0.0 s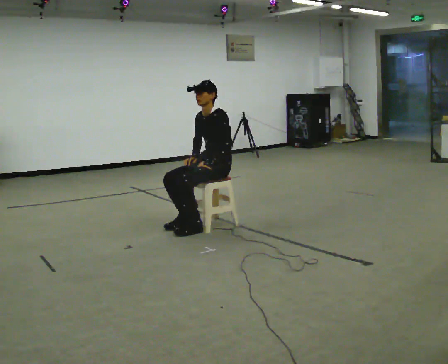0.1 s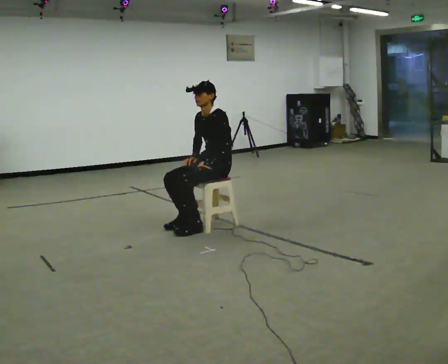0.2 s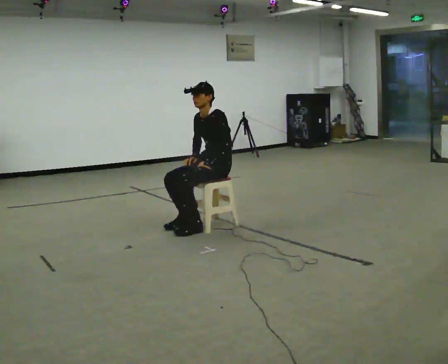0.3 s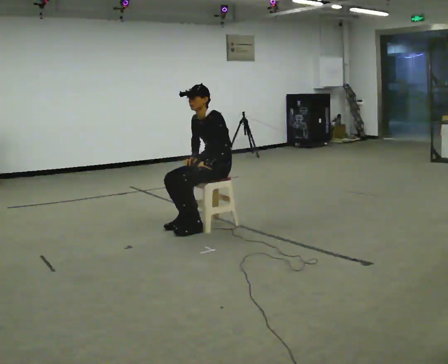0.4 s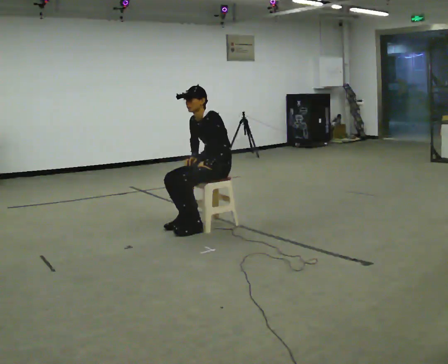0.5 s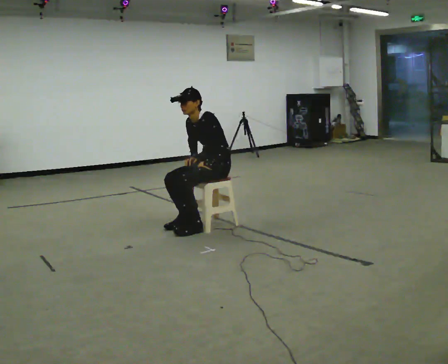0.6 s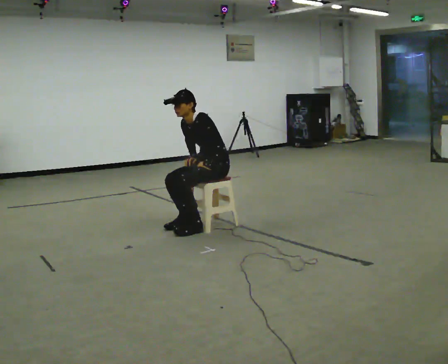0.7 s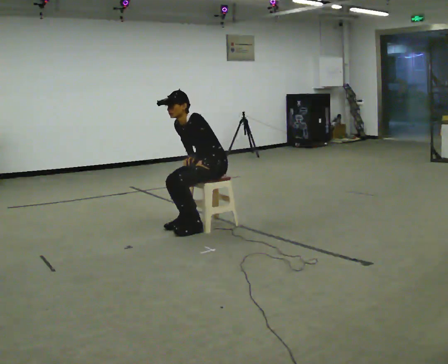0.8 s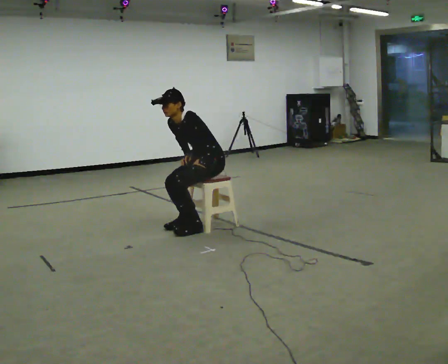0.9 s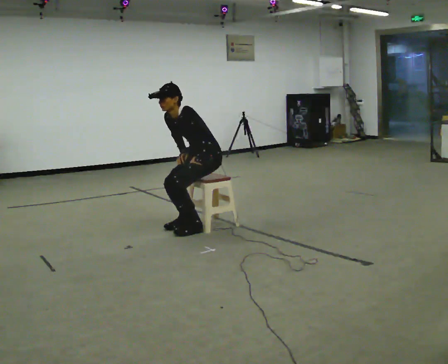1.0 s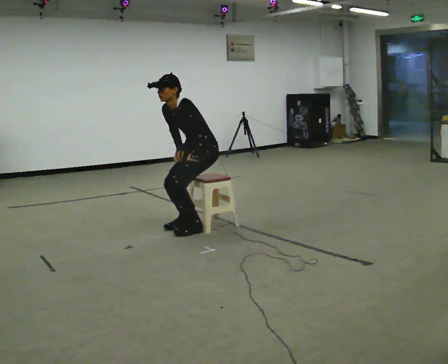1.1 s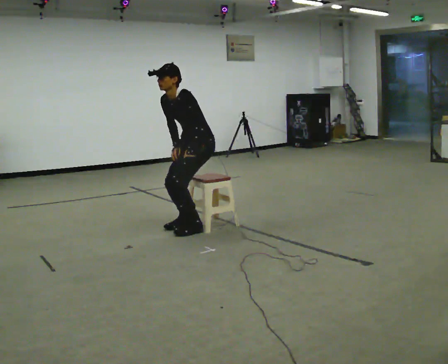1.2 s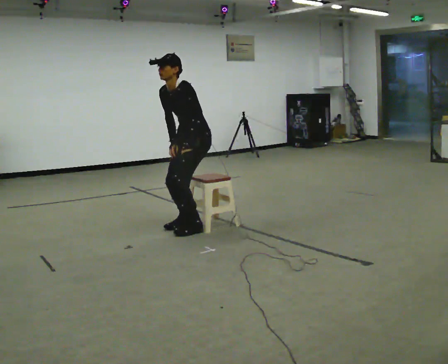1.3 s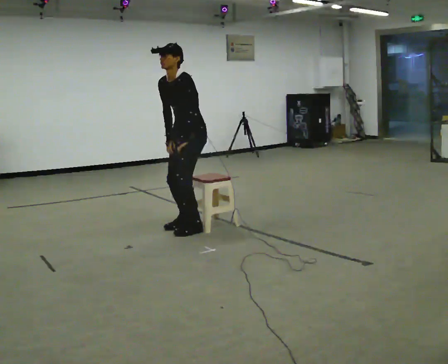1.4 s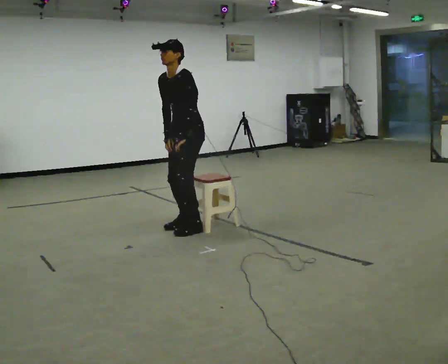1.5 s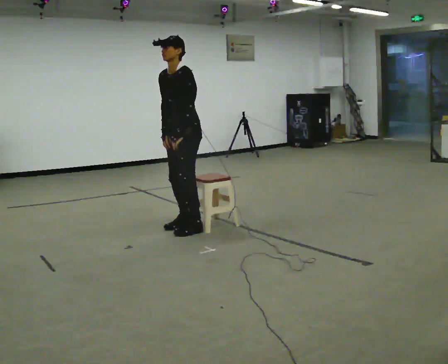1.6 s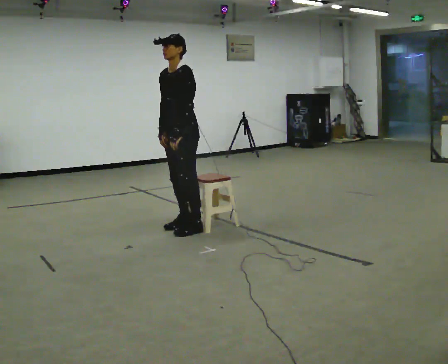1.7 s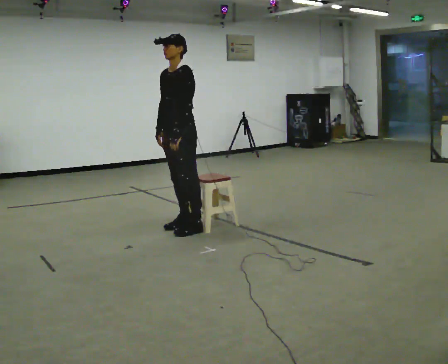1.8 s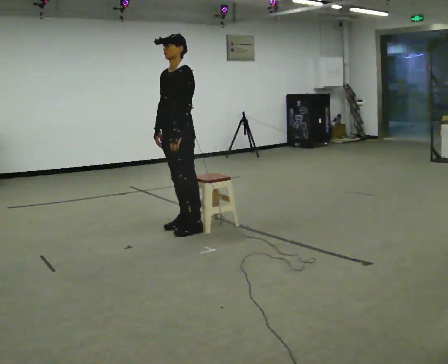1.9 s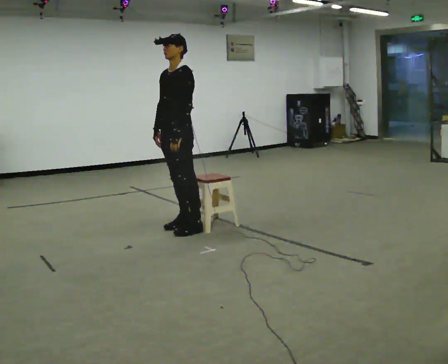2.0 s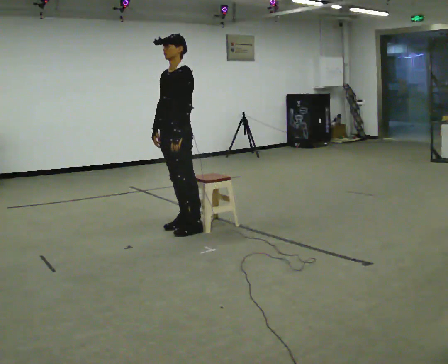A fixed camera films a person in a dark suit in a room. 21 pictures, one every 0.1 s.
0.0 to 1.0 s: In the picture the upper body tilts counterclockwise, shoulders to the left, as they bend forward.
1.0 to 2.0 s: In the picture they go to the left, about 0.25 m, which for them is forward. The shoulders move upward. In the picture the upper body tilts clockwise, shoulders to the right, as they lean back or straighten.
The film runs forward here.
